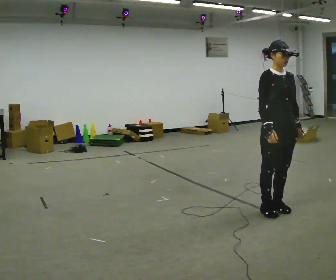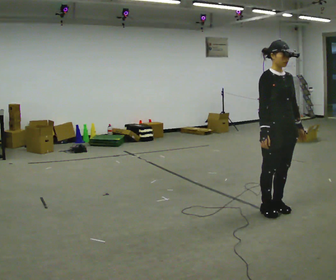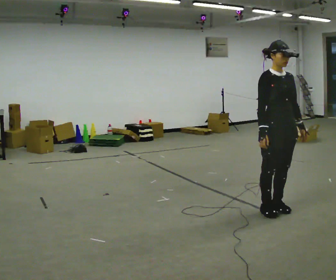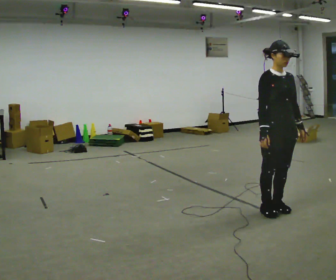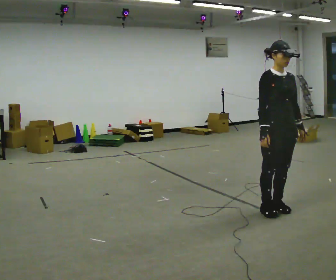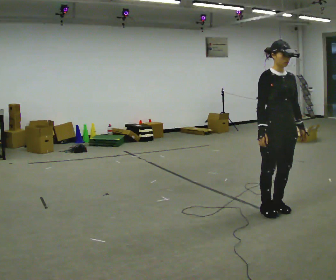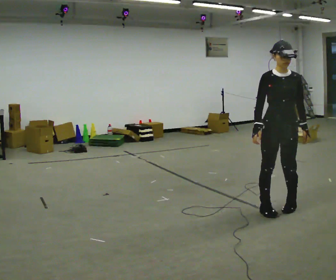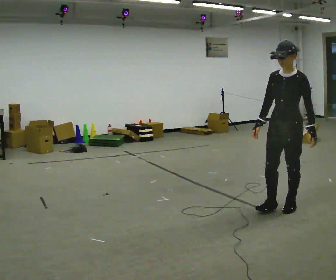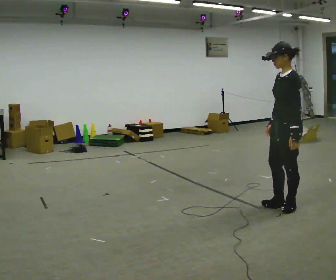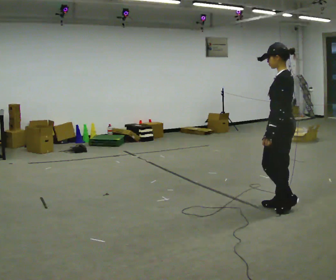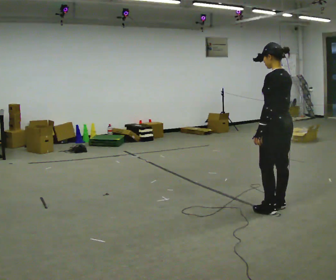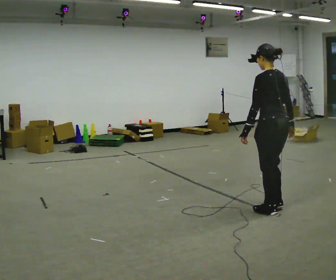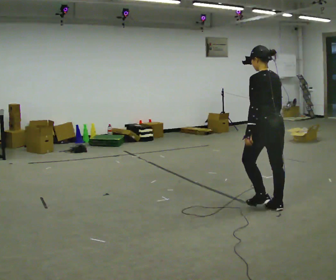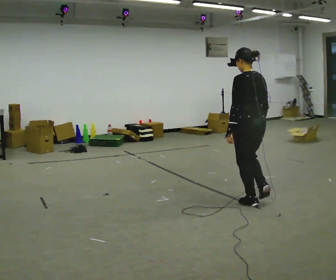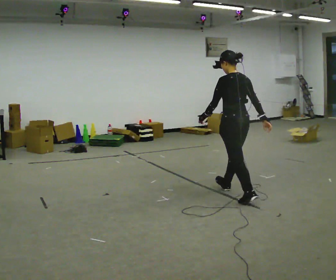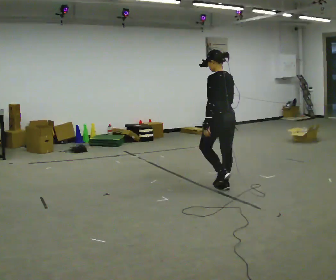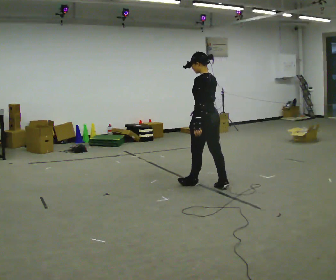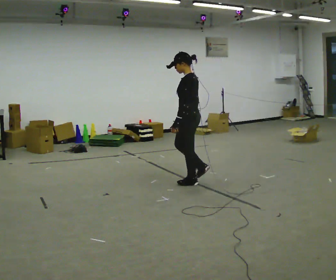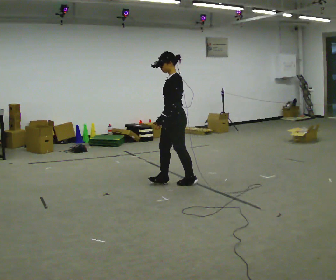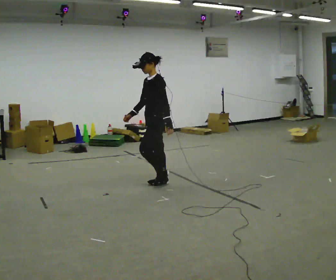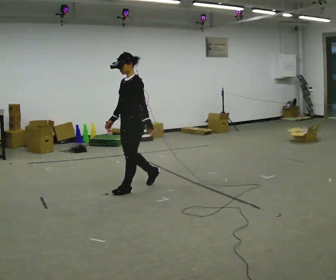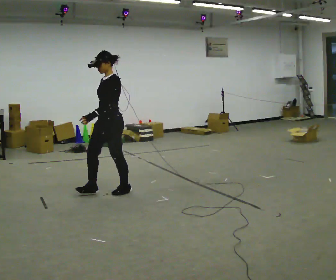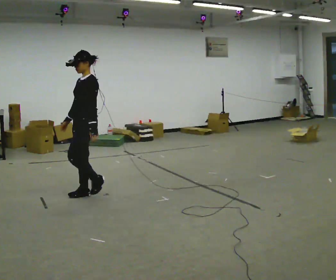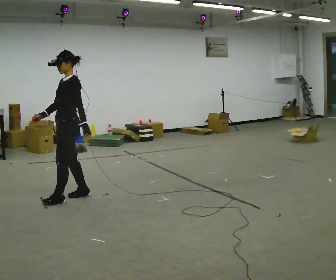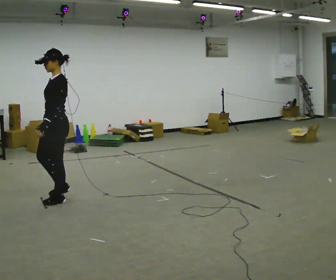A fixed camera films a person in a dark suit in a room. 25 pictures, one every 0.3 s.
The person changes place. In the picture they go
to the left.
The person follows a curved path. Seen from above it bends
counterclockwise.
0.0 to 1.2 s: The person moves a little, or ends about where they began.
1.2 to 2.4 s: The person turns about 105 degrees to their right, clockwise seen from above, so the part of the body nearest the lens slides to the left.
2.4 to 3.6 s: The part of the body nearest the lens slides to the left as the person turns to their right by about 60 degrees. In the picture they go to the left, about 0.25 m in 1 step.
3.6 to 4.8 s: In the picture they go to the left and away from the camera, about 1 m in 3 steps, which for them is forward.
4.8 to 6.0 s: The person turns about 75 degrees to their left, counterclockwise seen from above, so the part of the body nearest the lens slides to the right. In the picture they go to the left, about 1 m in 2 steps.
6.0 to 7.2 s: In the picture they go toward the camera and to the left, about 1 m in 2 steps, which for them is forward.
The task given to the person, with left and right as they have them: Walk normally; turn left/right while slowing; after turn accelerate back to normal.
The film runs forward here.
